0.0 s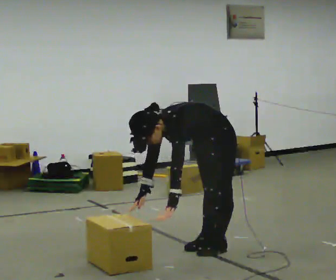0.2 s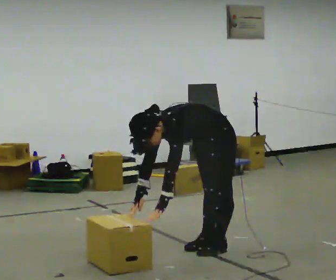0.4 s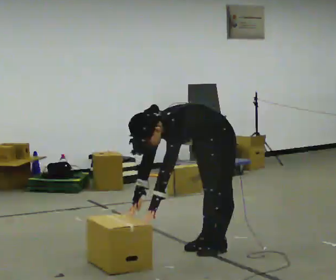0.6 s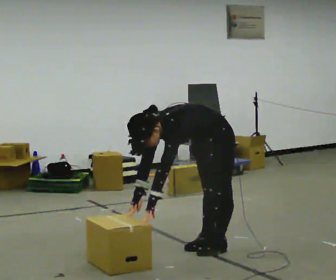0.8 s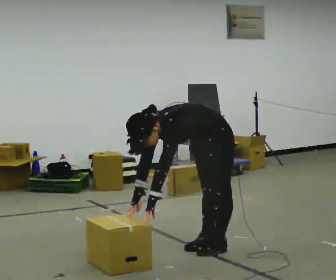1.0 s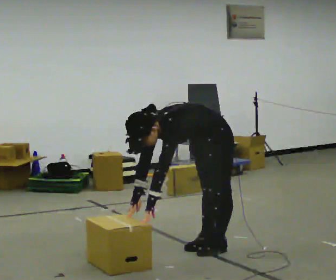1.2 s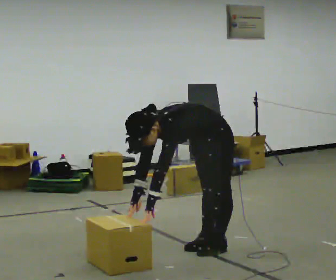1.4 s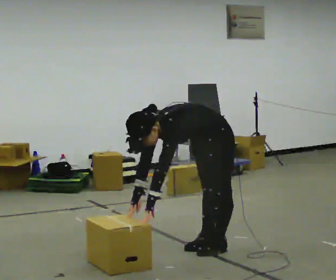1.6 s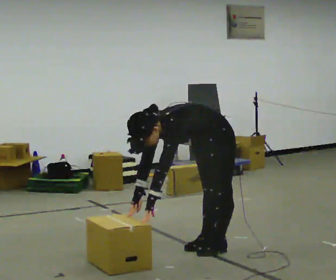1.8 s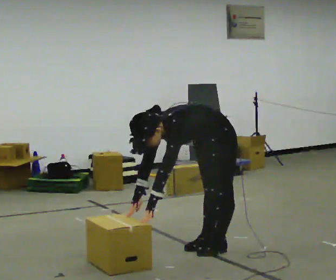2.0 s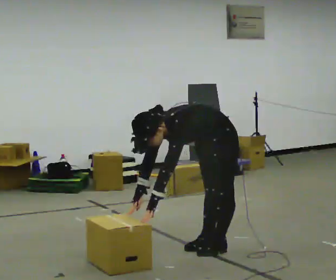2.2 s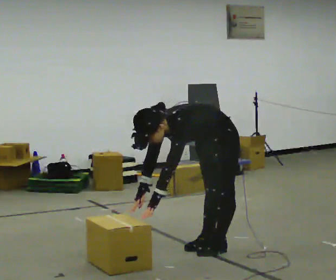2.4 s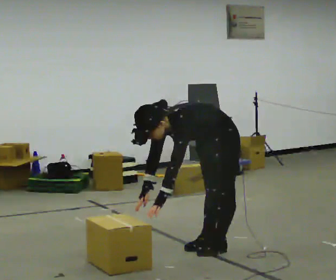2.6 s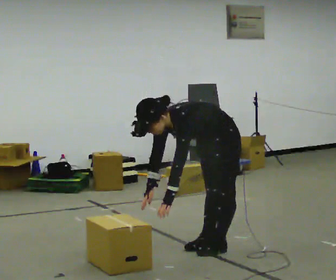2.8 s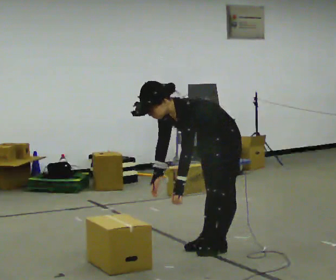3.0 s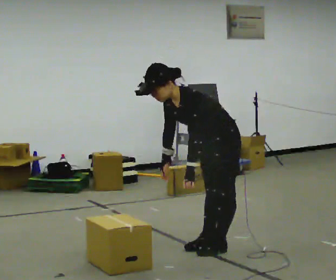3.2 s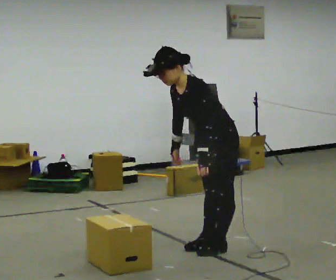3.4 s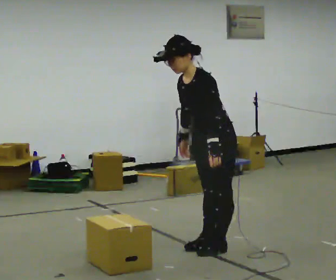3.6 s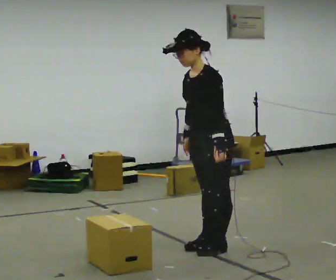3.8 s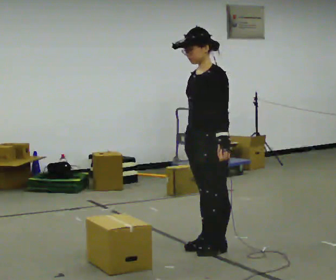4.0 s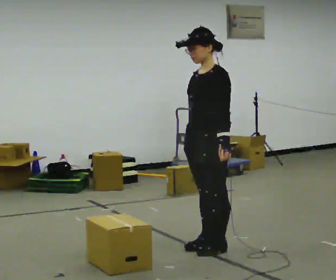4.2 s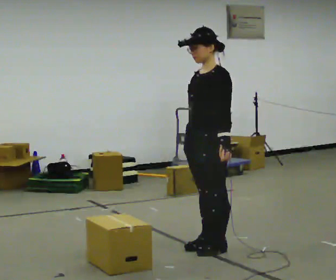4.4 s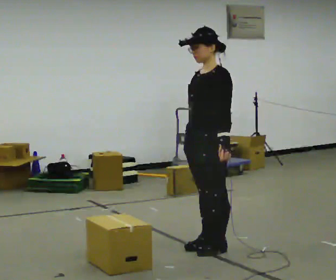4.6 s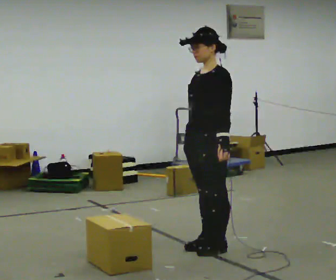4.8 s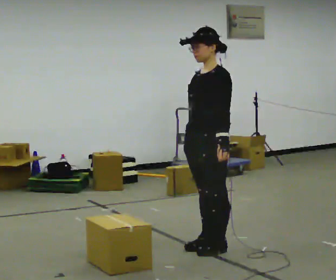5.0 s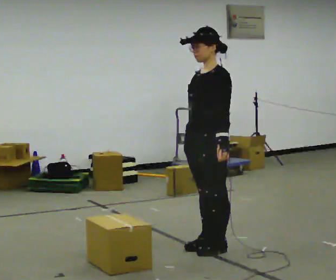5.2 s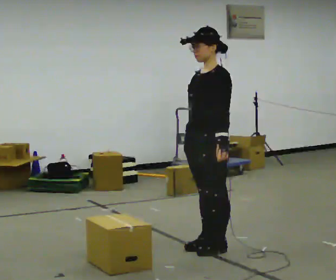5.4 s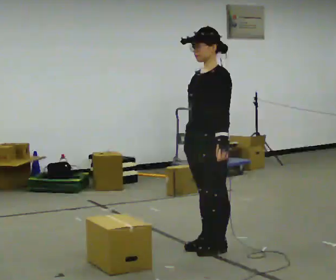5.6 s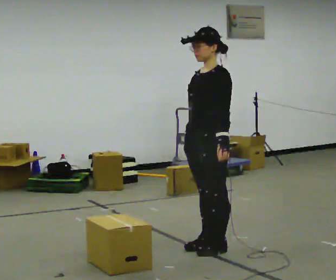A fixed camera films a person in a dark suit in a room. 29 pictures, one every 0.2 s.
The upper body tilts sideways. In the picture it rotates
clockwise.
The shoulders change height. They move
upward.
0.0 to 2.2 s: The person moves a little, or ends about where they began.
2.2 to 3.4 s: The upper body goes upward. In the picture the upper body tilts clockwise, shoulders to the right, as they lean back or straighten. In the picture their right hand goes upward.
3.4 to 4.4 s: In the picture the upper body tilts clockwise, shoulders to the right, as they lean back or straighten.
4.4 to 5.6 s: The person keeps their place and pose.
The film runs backward here.
